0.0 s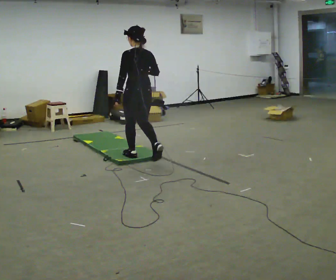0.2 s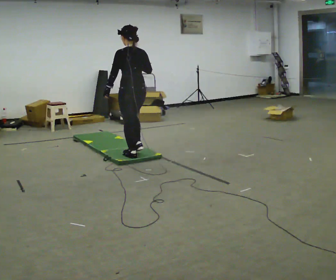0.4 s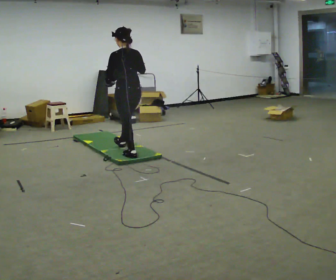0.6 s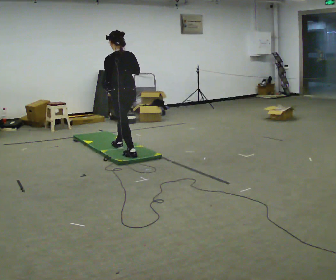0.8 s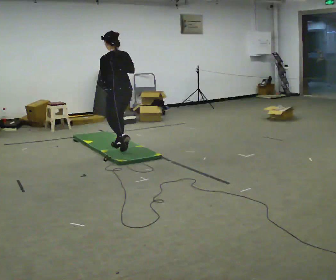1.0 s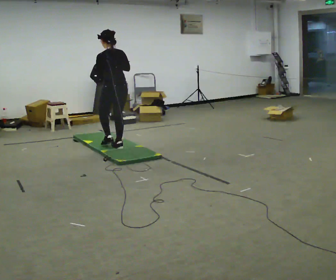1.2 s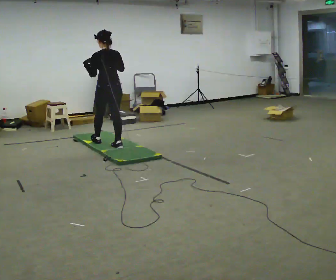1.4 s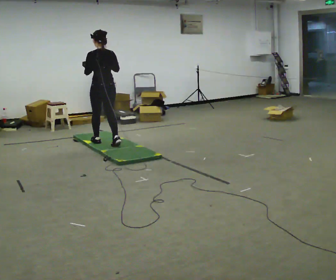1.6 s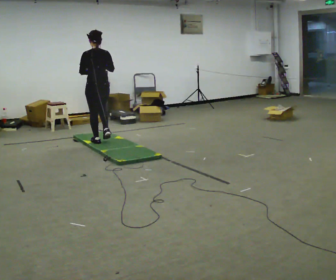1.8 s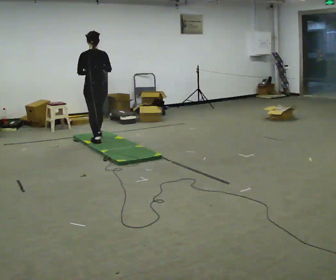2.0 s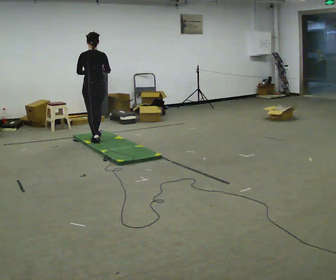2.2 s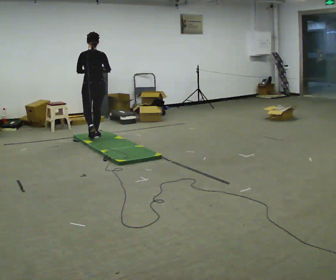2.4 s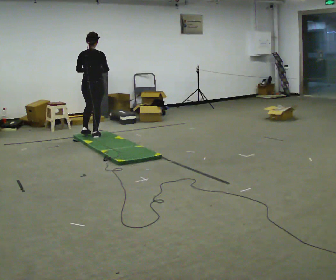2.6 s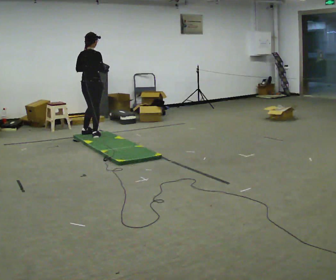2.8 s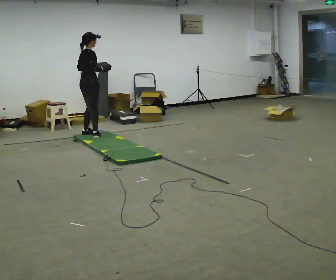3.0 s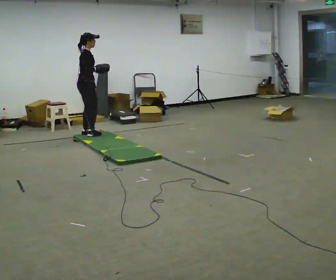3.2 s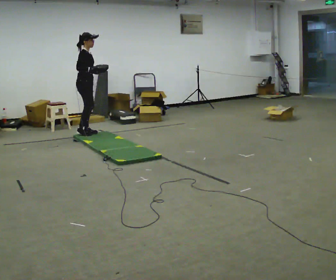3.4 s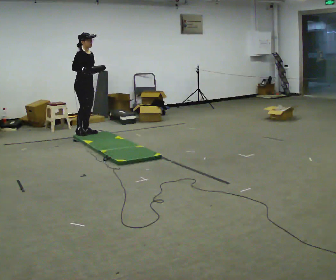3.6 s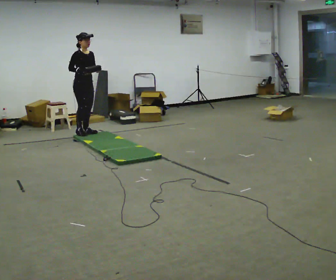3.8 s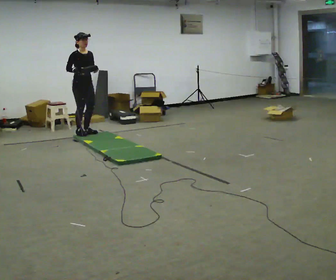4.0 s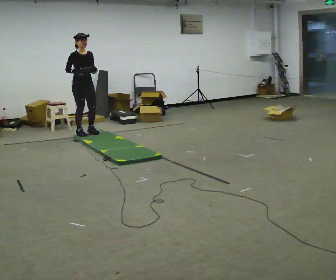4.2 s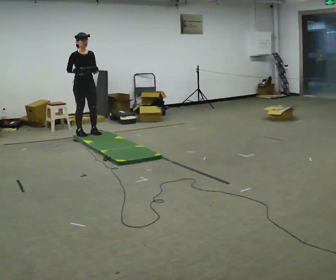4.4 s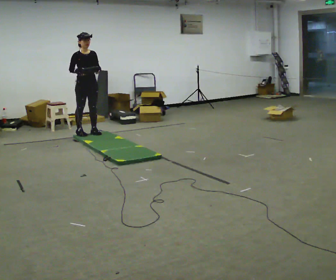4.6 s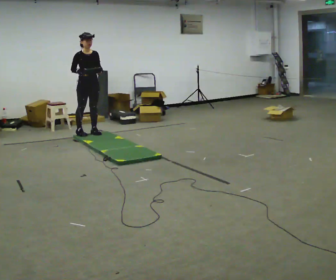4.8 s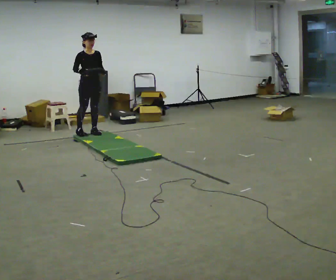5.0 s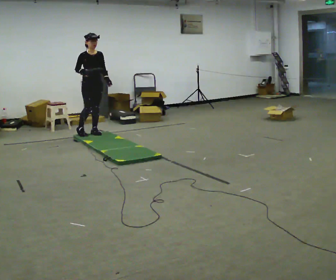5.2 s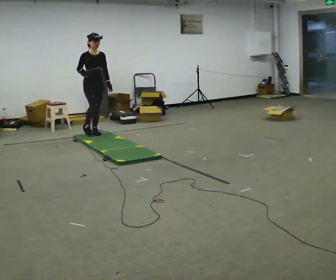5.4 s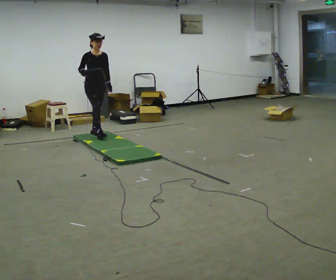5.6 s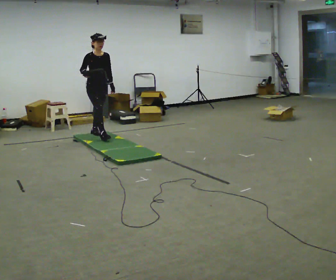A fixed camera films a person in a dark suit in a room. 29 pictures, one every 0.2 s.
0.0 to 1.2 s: In the picture they go away from the camera and to the left, about 1 m in 1 step, which for them is forward.
1.2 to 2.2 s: In the picture they go away from the camera and to the left, about 0.5 m in 2 steps, which for them is forward.
2.2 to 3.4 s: The person turns about 135 degrees to their right, clockwise seen from above, so the part of the body nearest the lens slides to the left. In the picture they go away from the camera and to the left, about 0.25 m in 2 steps.
3.4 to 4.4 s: The person turns about 30 degrees to their right, clockwise seen from above, so the part of the body nearest the lens slides to the left.
4.4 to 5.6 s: In the picture they go to the right, about 0.25 m in 1 step, which for them is forward.
The film runs forward here.
